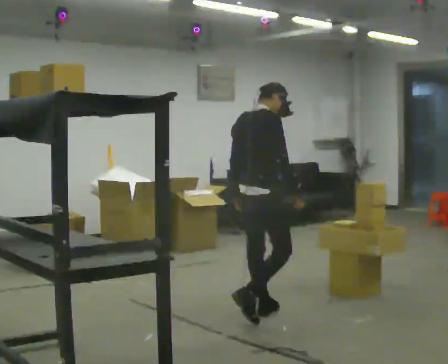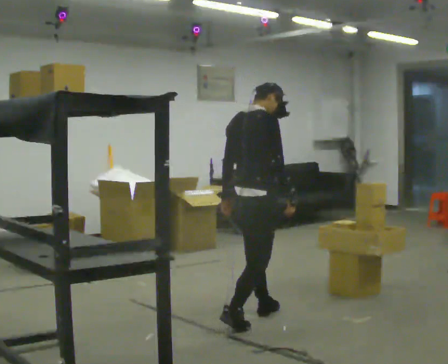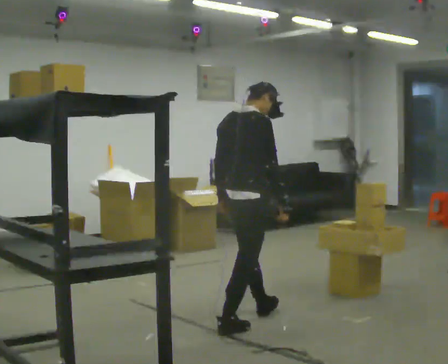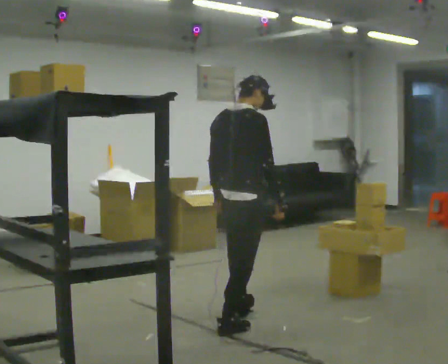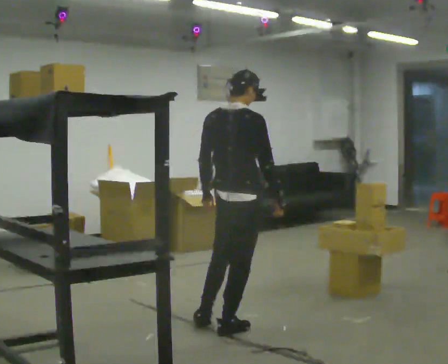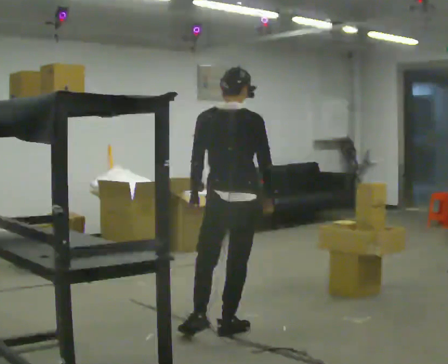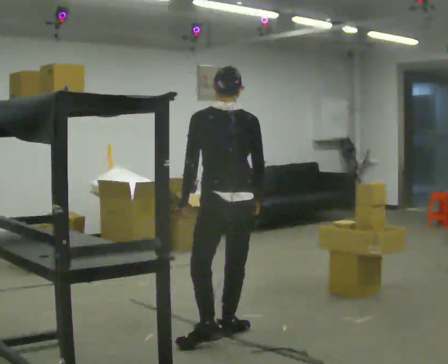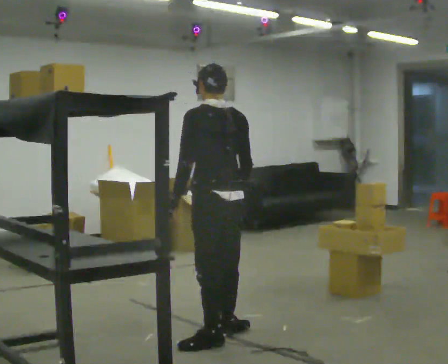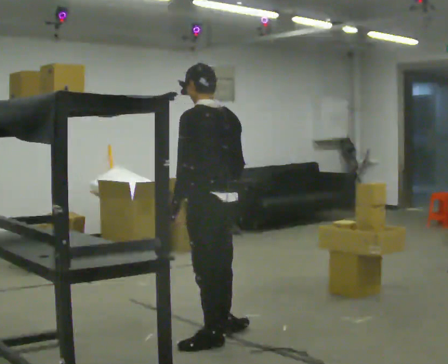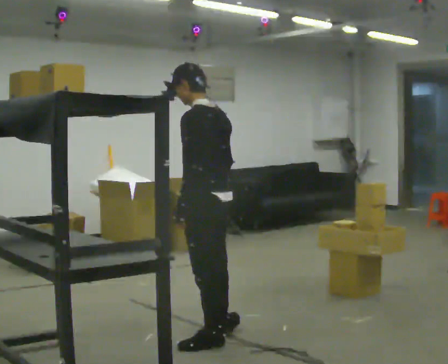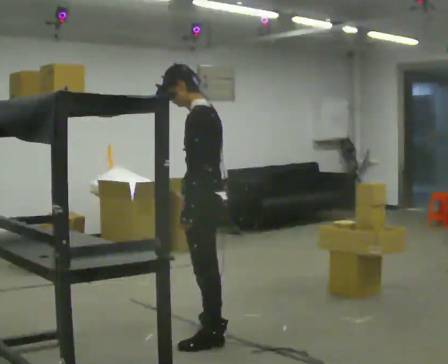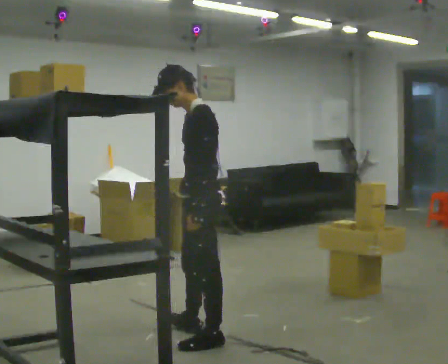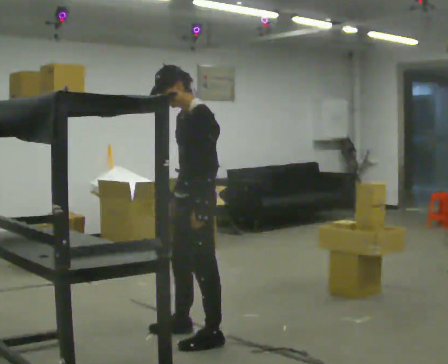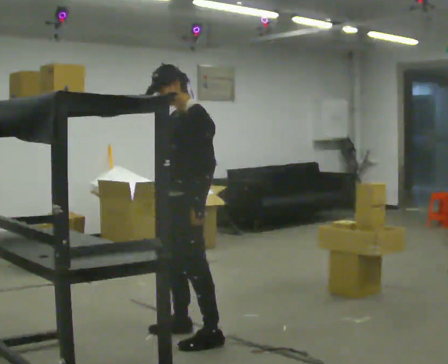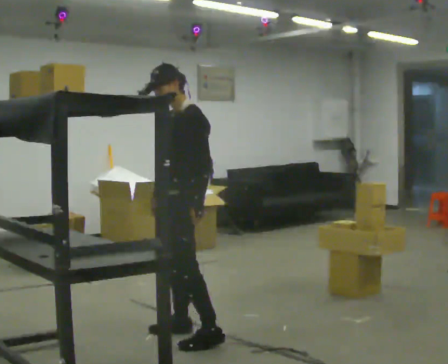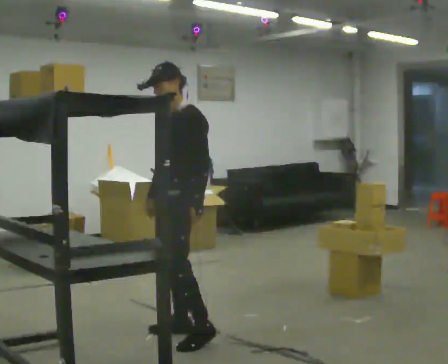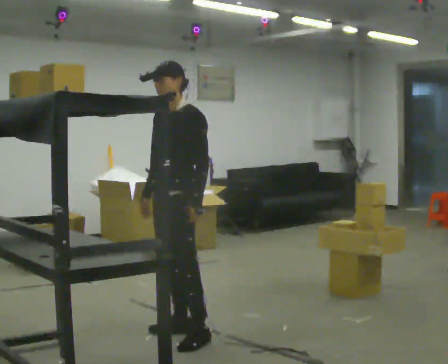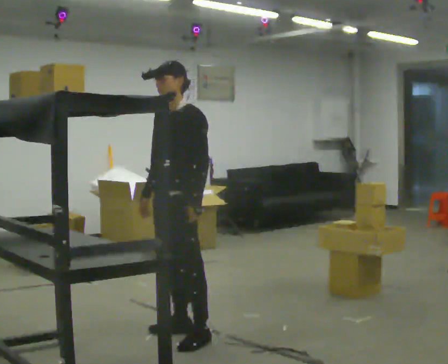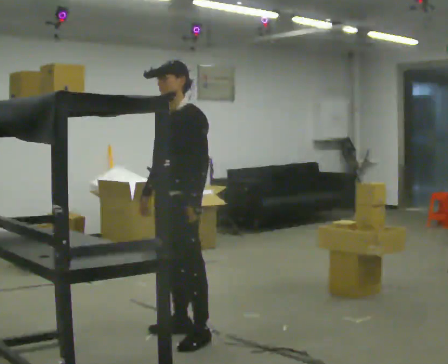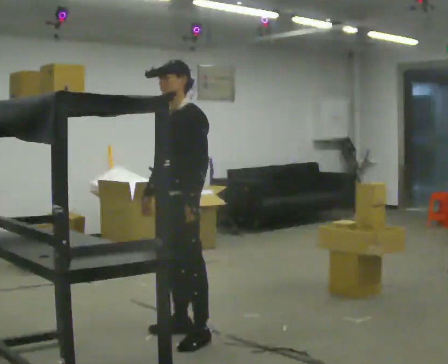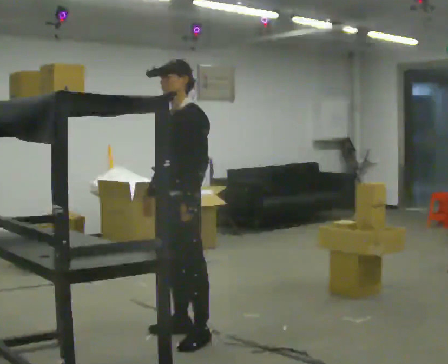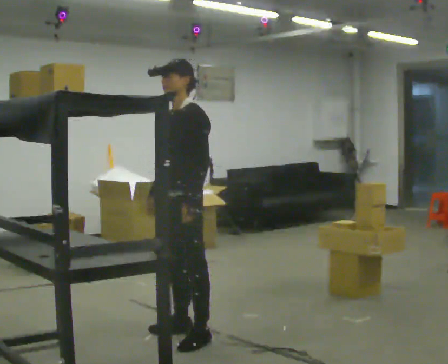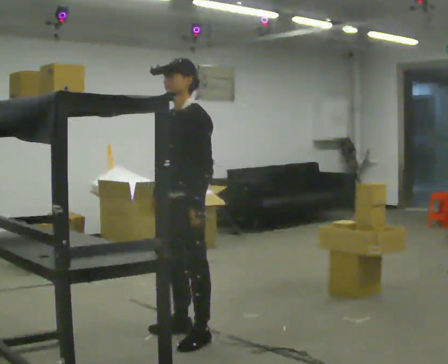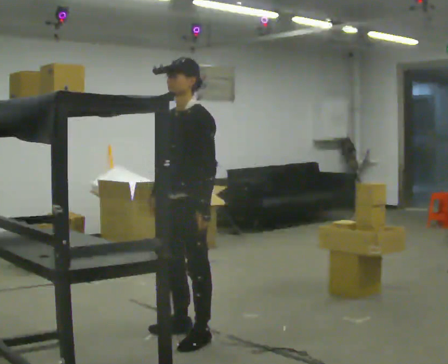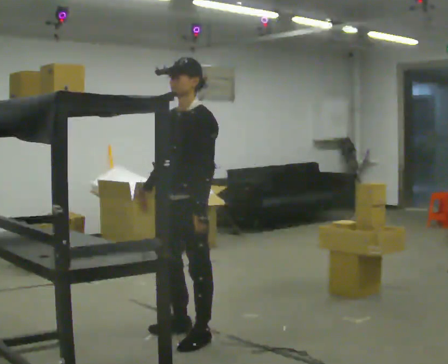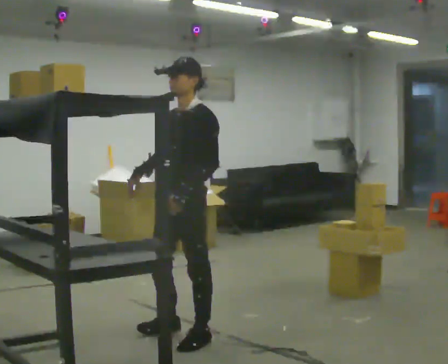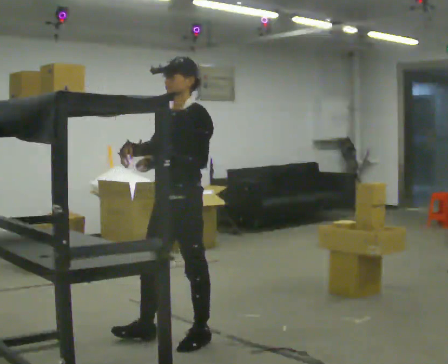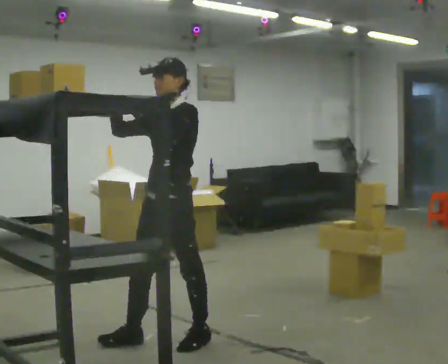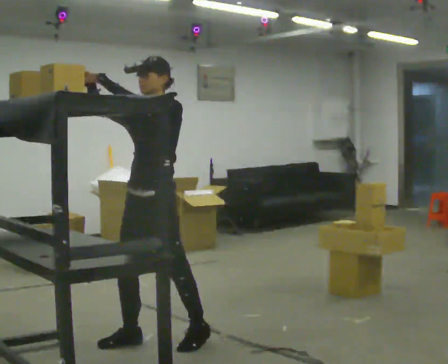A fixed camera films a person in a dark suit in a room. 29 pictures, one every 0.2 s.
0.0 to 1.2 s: The part of the body nearest the lens slides to the right as the person turns to their left by about 60 degrees. In the picture they go toward the camera and to the left, about 0.5 m in 1 step.
1.2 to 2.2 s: The person turns about 90 degrees to their left, counterclockwise seen from above, so the part of the body nearest the lens slides to the right. In the picture they go toward the camera, about 0.25 m in 1 step.
2.2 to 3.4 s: The person turns about 45 degrees to their left, counterclockwise seen from above, so the part of the body nearest the lens slides to the right. In the picture they go away from the camera, about 0.25 m, which for them is to their right.
3.4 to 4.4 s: The person moves a little, or ends about where they began.
4.4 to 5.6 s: In the picture they go to the left, about 0.25 m in 1 step, which for them is forward. In the picture their right hand goes upward and to the left, the arm swinging clockwise.
The film runs backward here.
